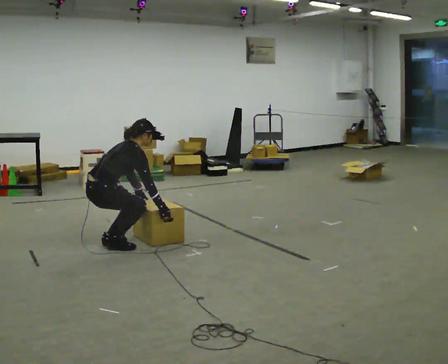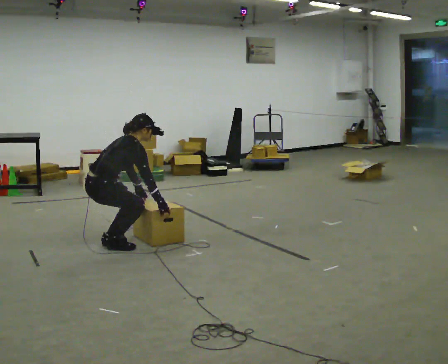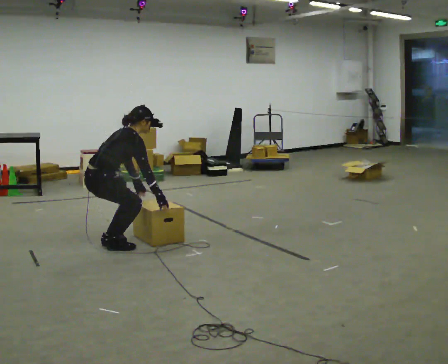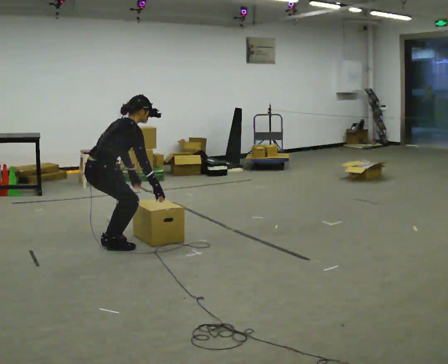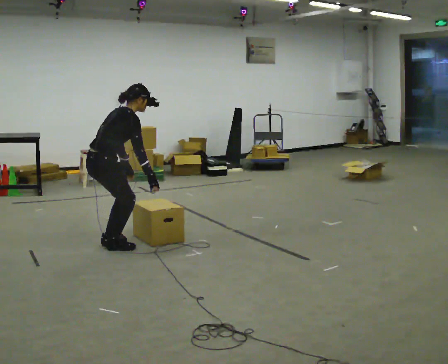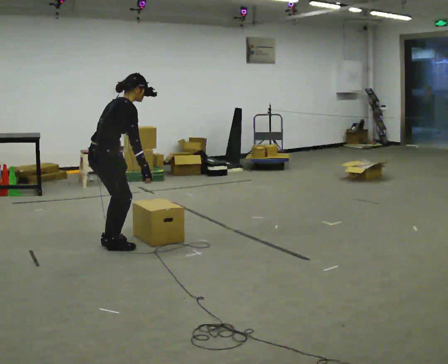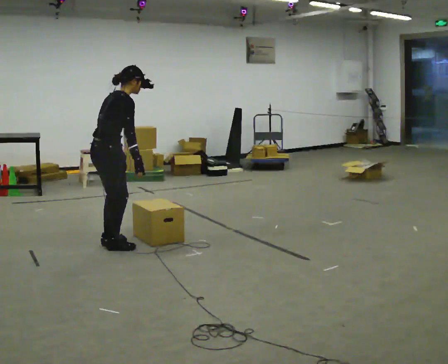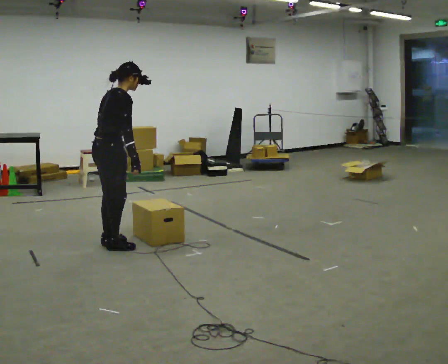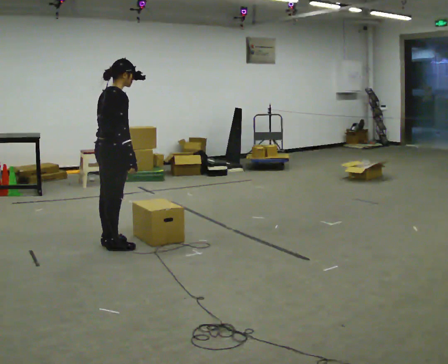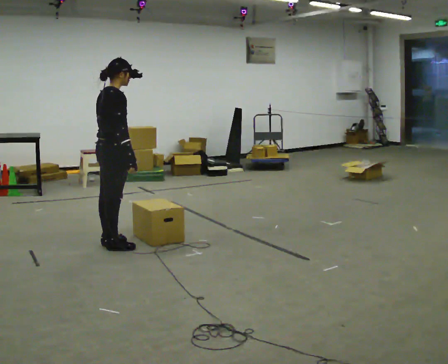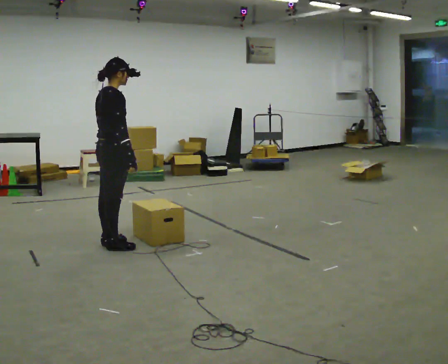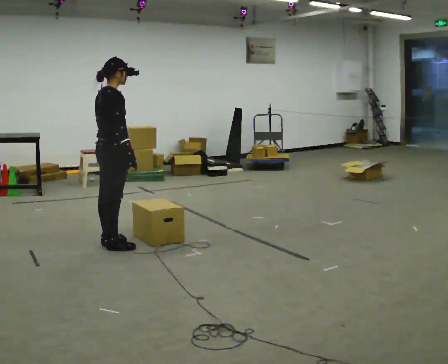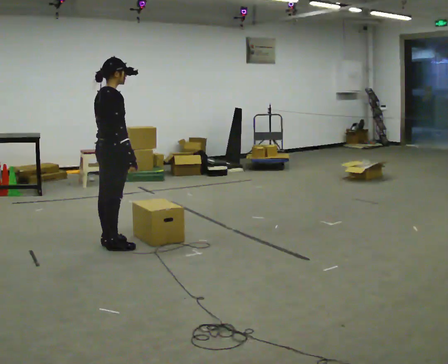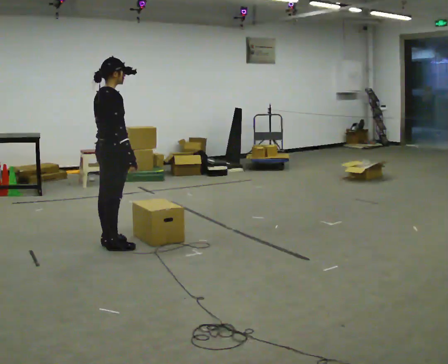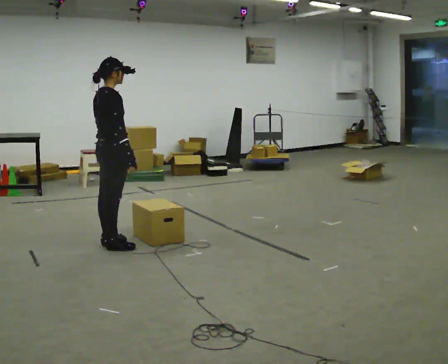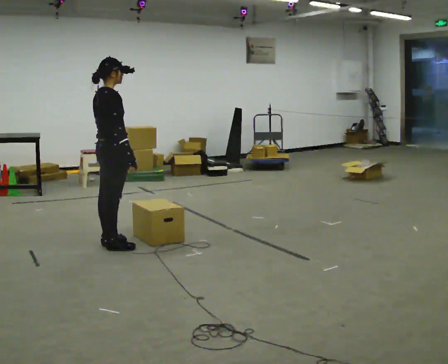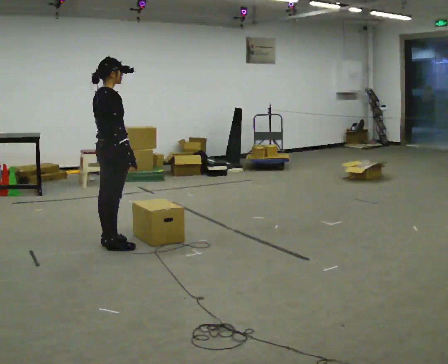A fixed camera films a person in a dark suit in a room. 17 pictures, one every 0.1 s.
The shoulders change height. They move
upward.
The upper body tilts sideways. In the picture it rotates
counterclockwise.
0.0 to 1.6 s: The upper body goes upward. In the picture the upper body tilts counterclockwise, shoulders to the left, as they lean back or straighten. In the picture their left hand goes upward.
The film runs backward here.
